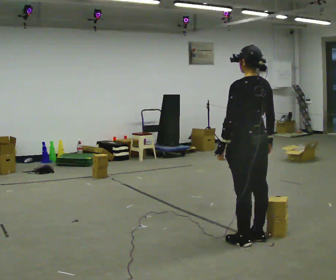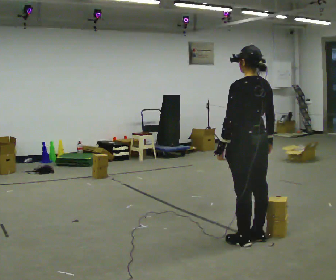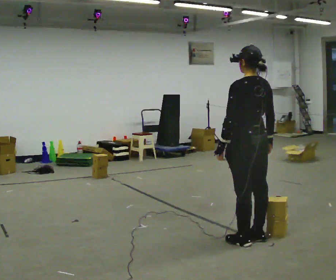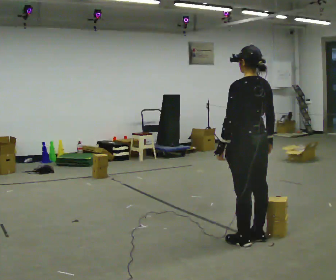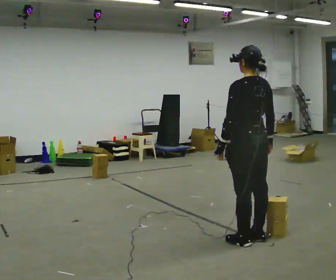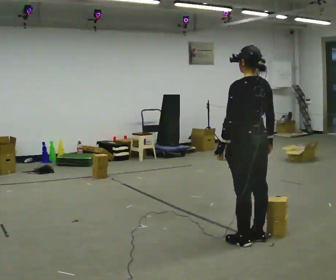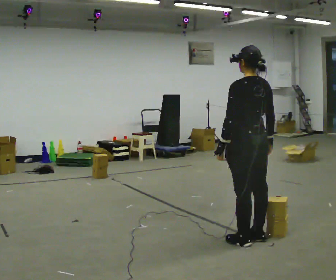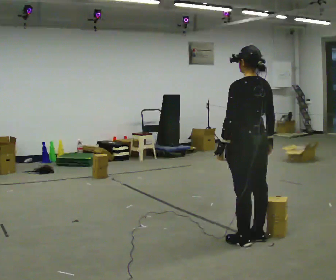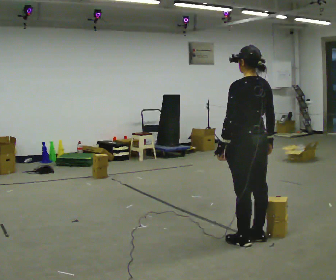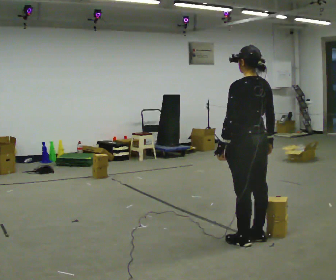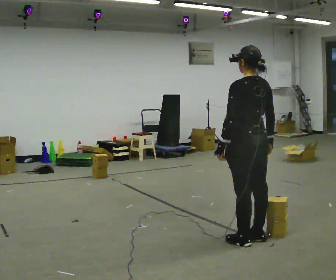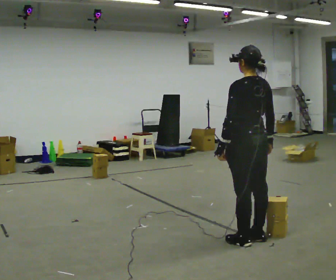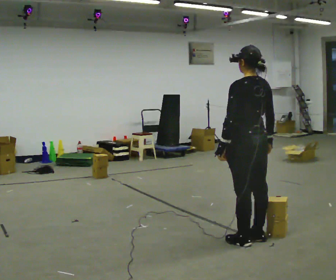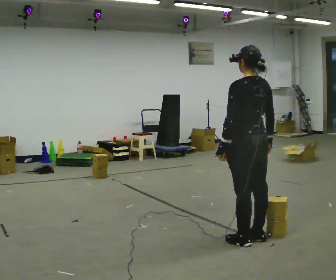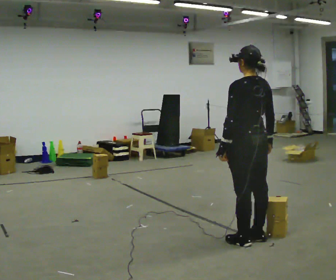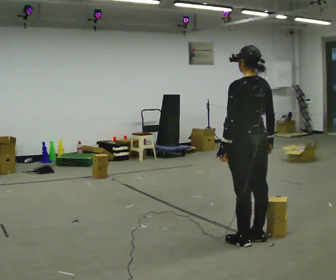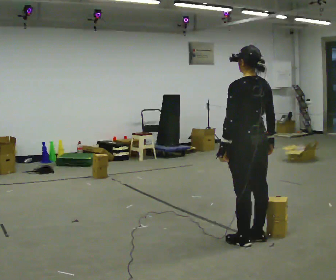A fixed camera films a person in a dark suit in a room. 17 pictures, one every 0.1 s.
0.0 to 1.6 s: The person moves a little, or ends about where they began.
The film runs backward here.
